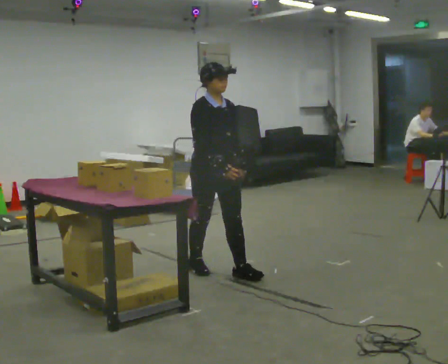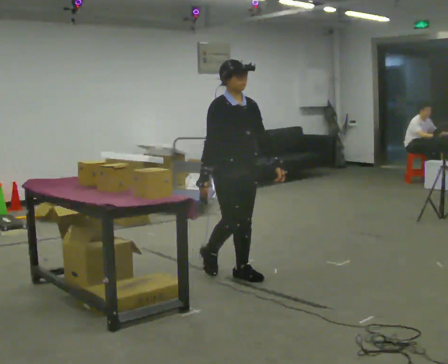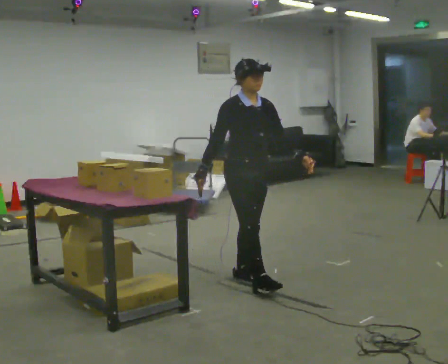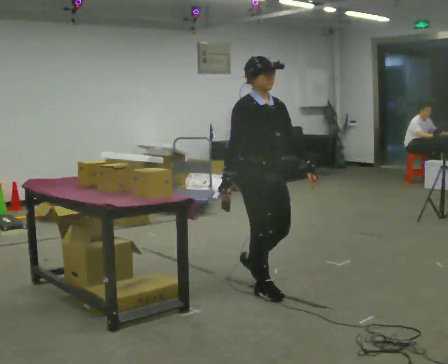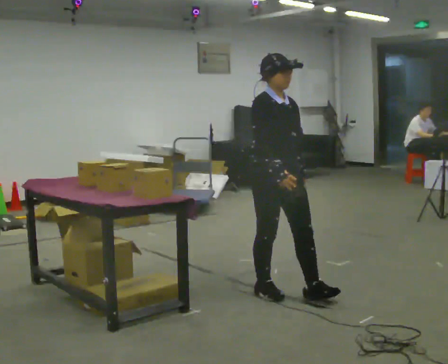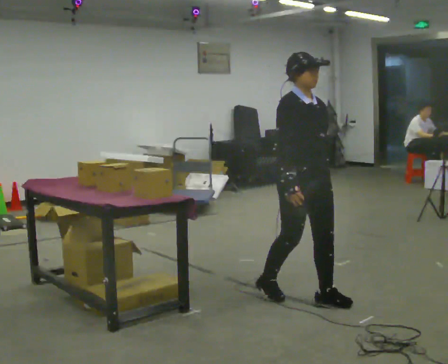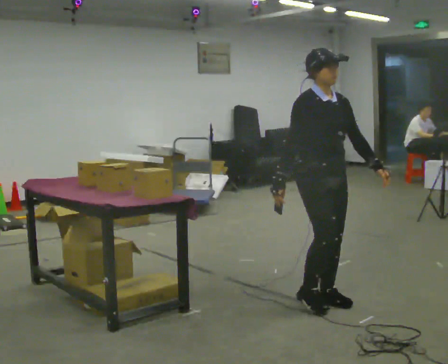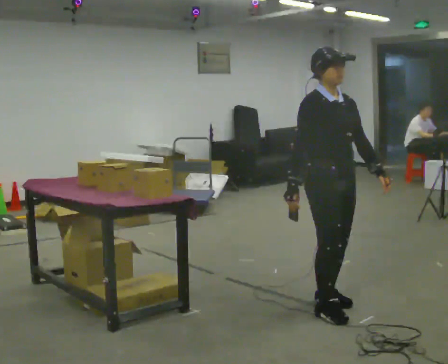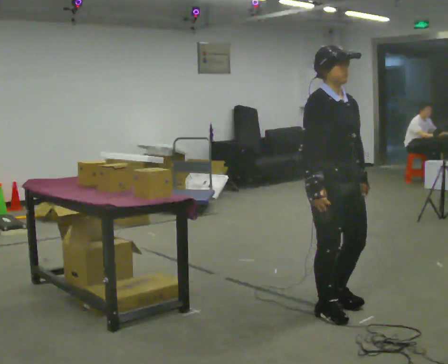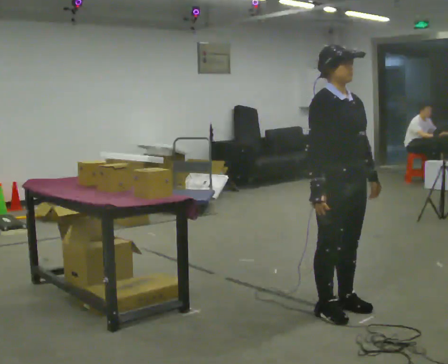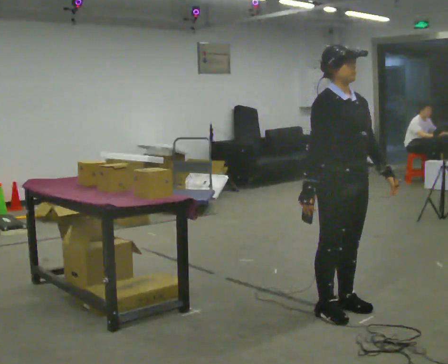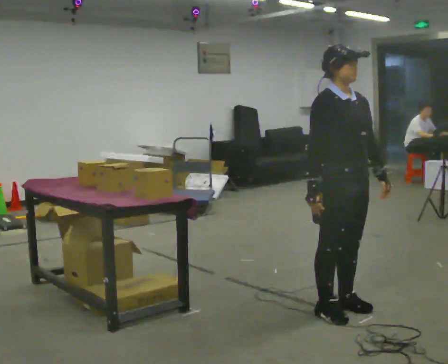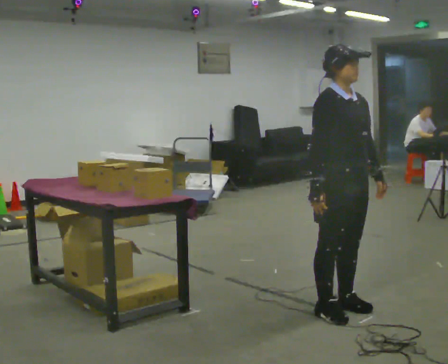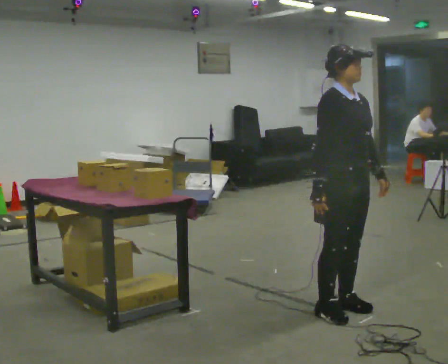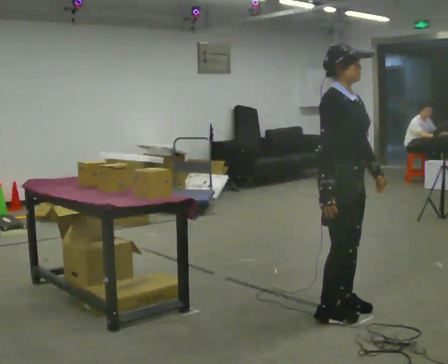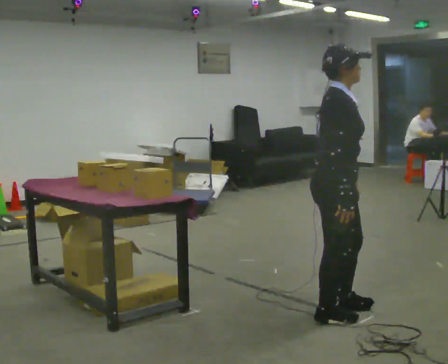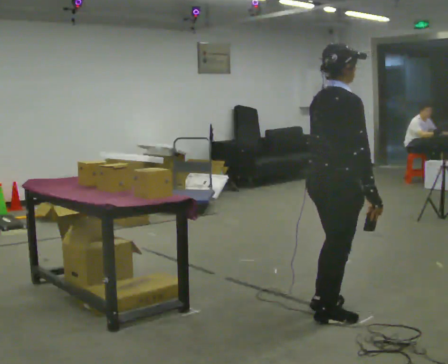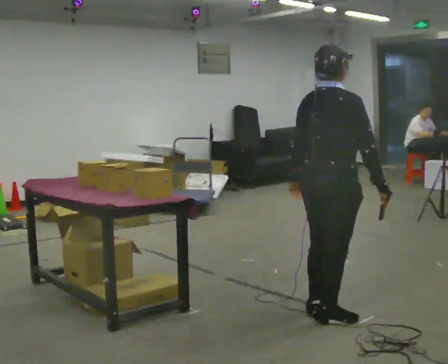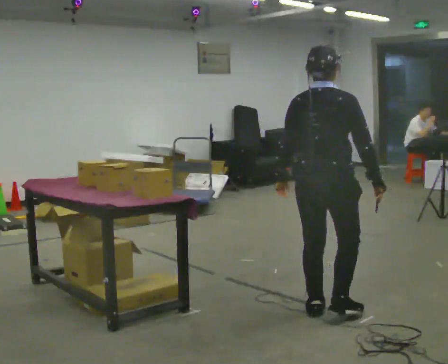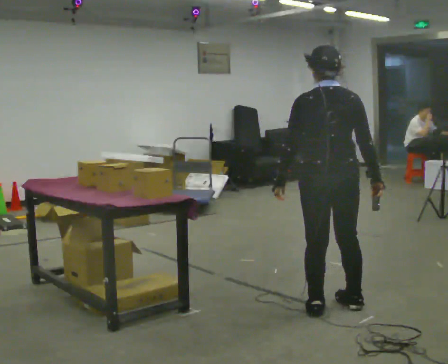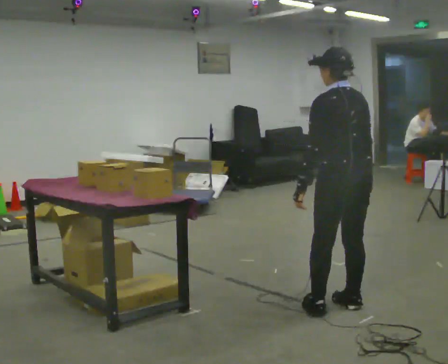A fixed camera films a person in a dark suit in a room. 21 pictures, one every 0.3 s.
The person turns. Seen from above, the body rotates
counterclockwise.
The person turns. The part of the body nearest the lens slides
to the right.
0.0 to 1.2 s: In the picture they go to the right and toward the camera, about 0.75 m in 1 step, which for them is forward.
1.2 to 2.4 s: In the picture they go to the right and toward the camera, about 0.5 m in 2 steps, which for them is forward.
2.4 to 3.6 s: The person moves a little, or ends about where they began.
3.6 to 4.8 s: Seen from above the body turns counterclockwise, about 75 degrees: to their left, with its near side sliding to the right. In the picture their left hand goes to the left, the arm swinging clockwise.
4.8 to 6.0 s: Seen from above the body turns counterclockwise, about 105 degrees: to their left, with its near side sliding to the right.
The film runs forward here.
